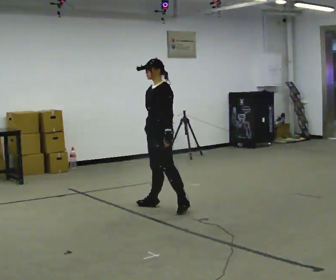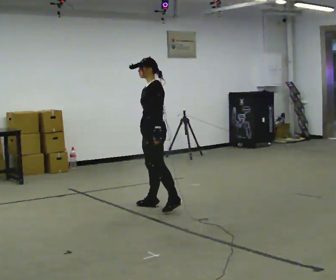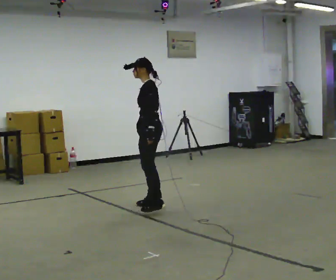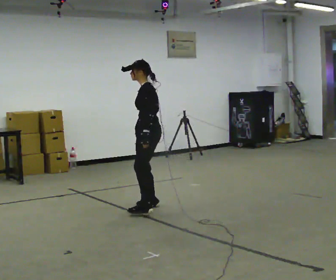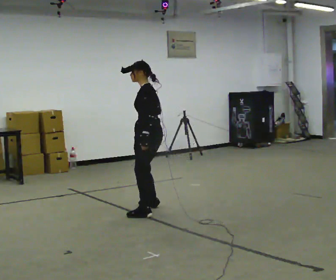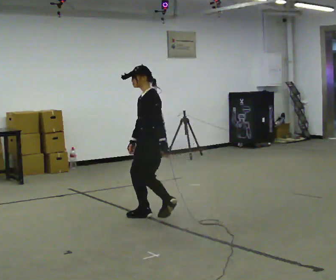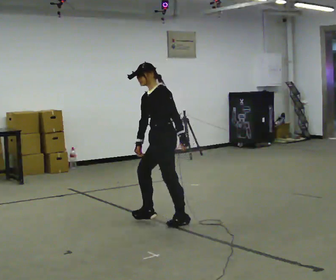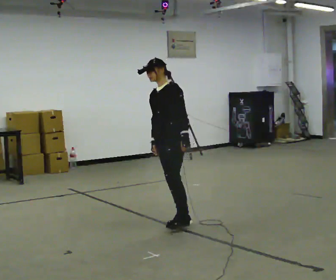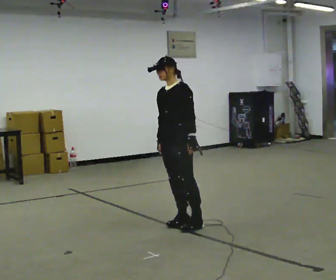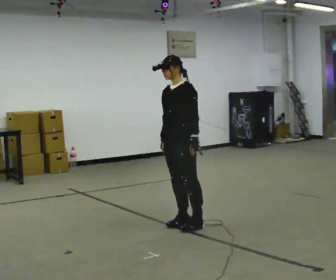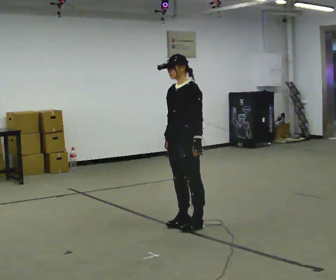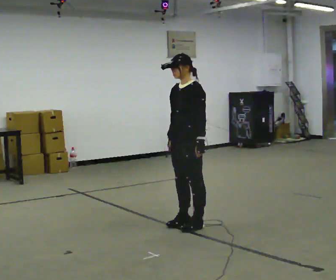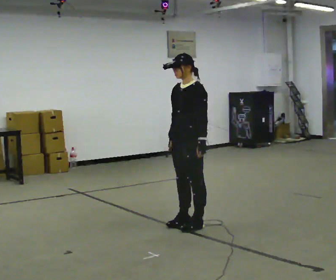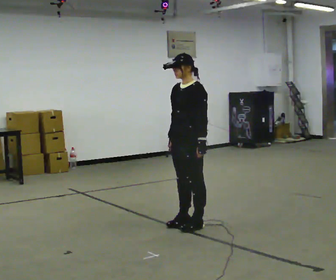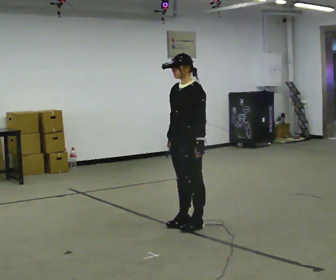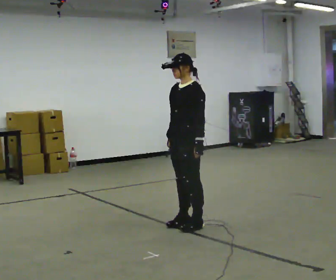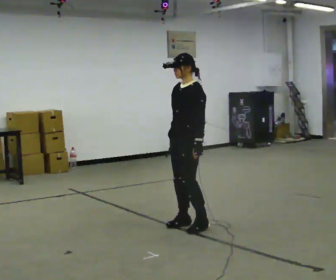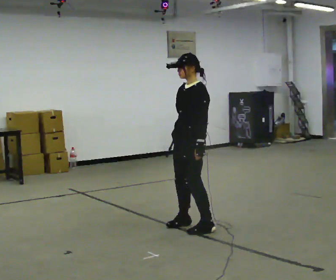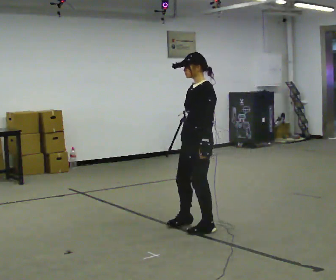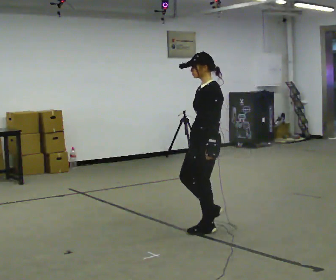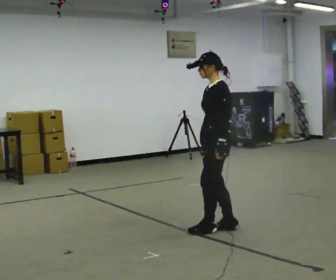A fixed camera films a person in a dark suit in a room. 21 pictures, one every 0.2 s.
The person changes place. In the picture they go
toward the camera.
0.0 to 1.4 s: In the picture they go toward the camera, about 0.5 m in 3 steps, which for them is to their left.
1.4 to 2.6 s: In the picture they go to the right and toward the camera, about 0.25 m, which for them is to their left.
2.6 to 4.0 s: Seen from above the body turns clockwise, about 30 degrees: to their right, with its near side sliding to the left. In the picture they go to the right and toward the camera, about 0.25 m in 3 steps, which for them is to their left.
The film runs backward here.
